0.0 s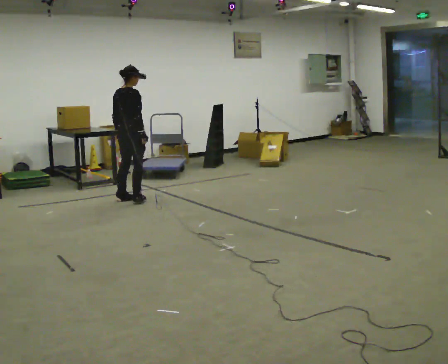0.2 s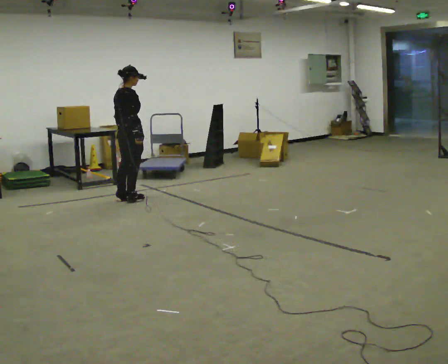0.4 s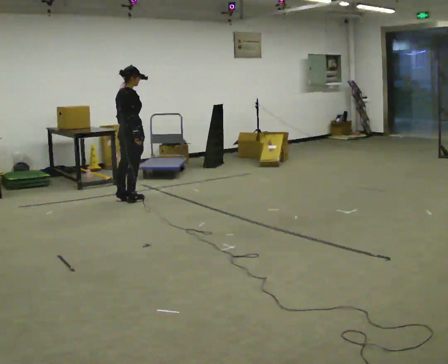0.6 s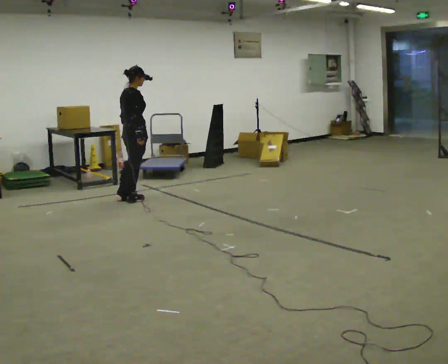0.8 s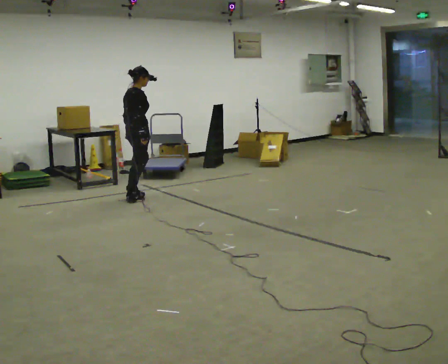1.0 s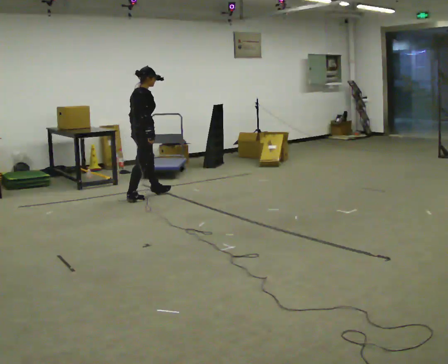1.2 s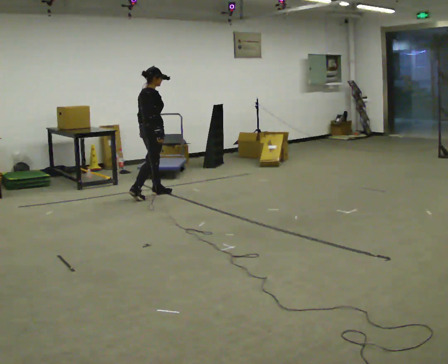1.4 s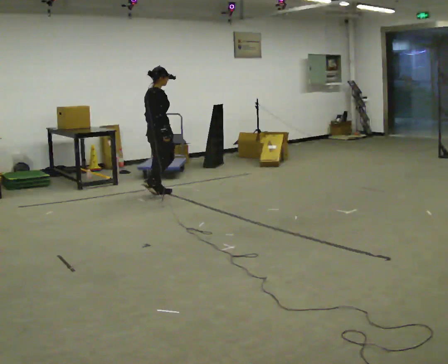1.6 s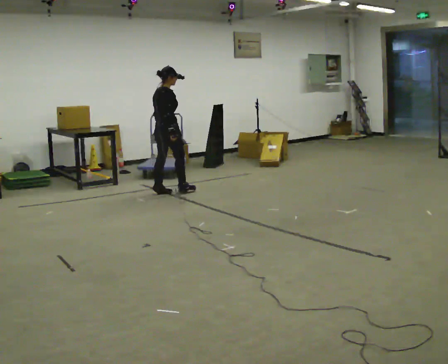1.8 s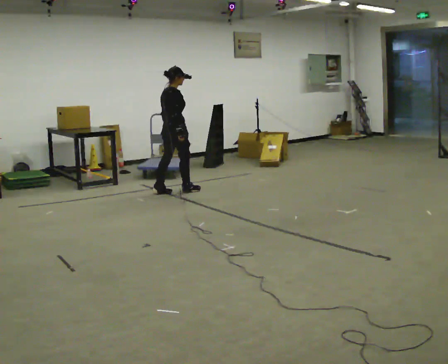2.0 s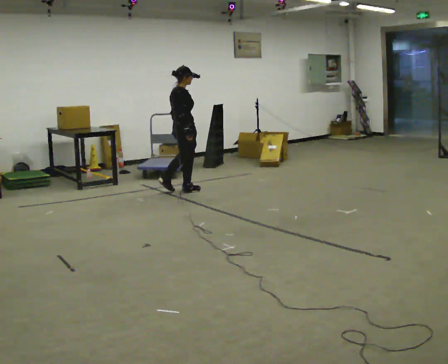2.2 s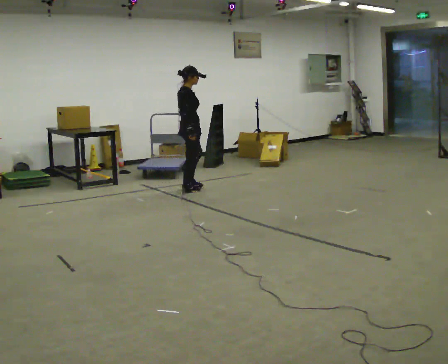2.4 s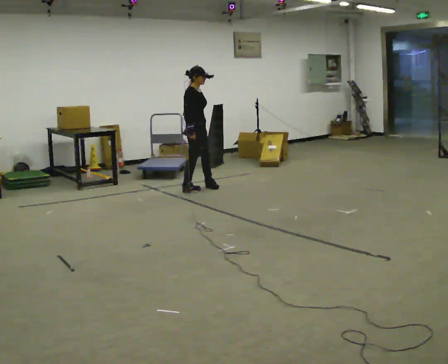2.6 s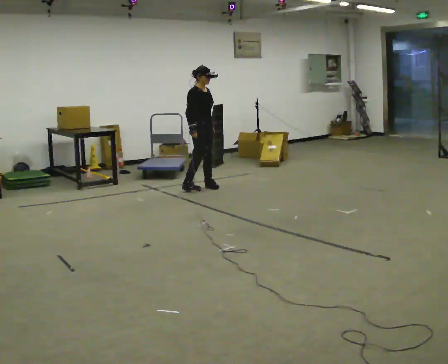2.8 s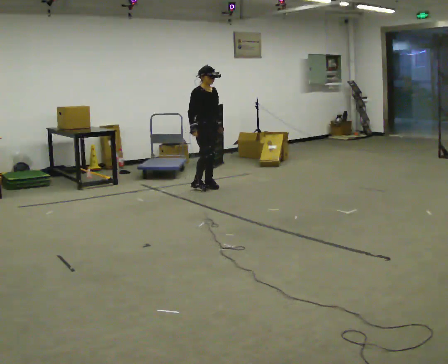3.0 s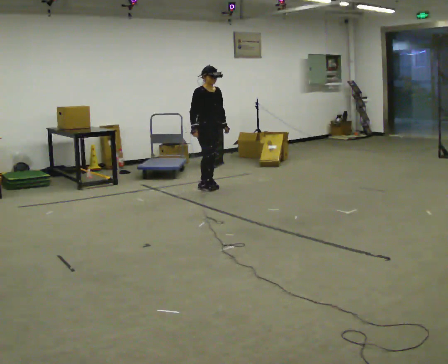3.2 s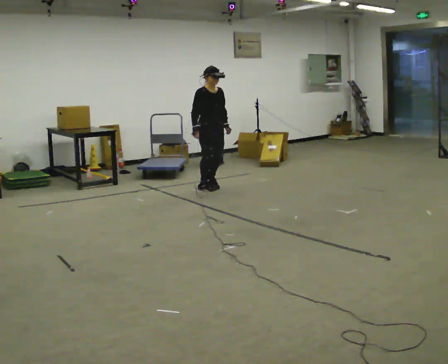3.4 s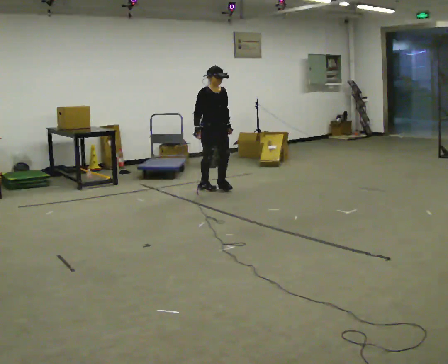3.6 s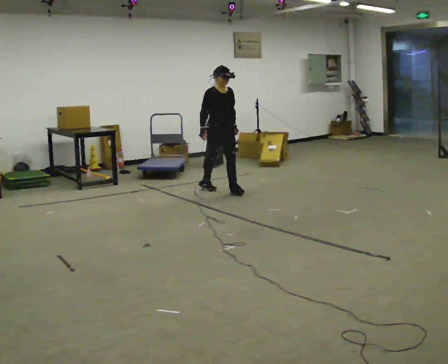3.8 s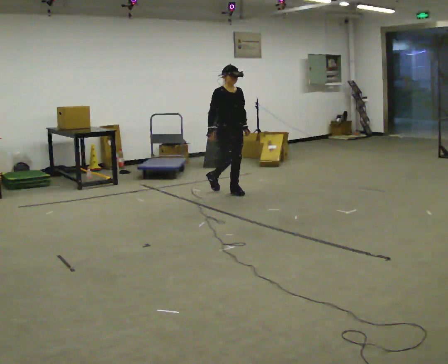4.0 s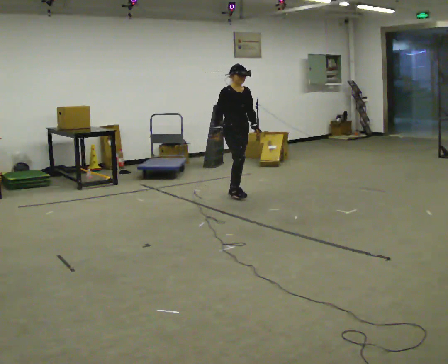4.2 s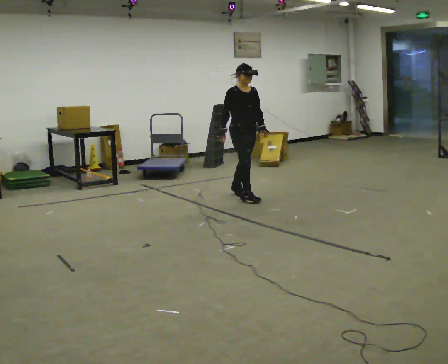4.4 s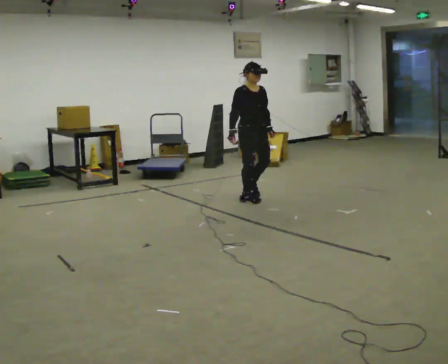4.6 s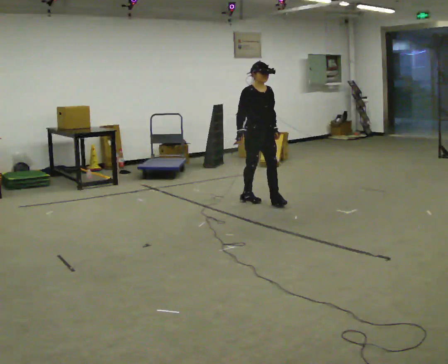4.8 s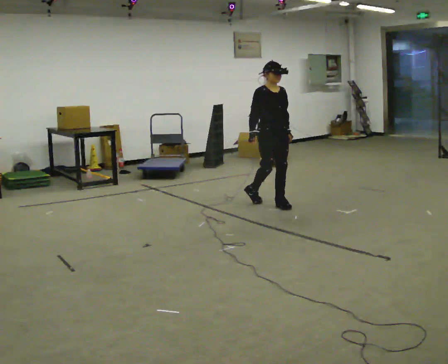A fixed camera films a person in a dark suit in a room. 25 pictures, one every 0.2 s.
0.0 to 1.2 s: In the picture they go away from the camera and to the right, about 0.25 m in 2 steps, which for them is forward and to their left.
1.2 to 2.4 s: Seen from above the body turns clockwise, about 45 degrees: to their right, with its near side sliding to the left. In the picture they go to the right and away from the camera, about 0.5 m in 2 steps, which for them is forward.
2.4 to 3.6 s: The person turns about 45 degrees to their right, clockwise seen from above, so the part of the body nearest the lens slides to the left. In the picture they go to the right, about 0.25 m in 2 steps, which for them is forward and to their left.
3.6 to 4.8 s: In the picture they go toward the camera and to the right, about 1 m in 2 steps, which for them is forward.
The film runs forward here.
